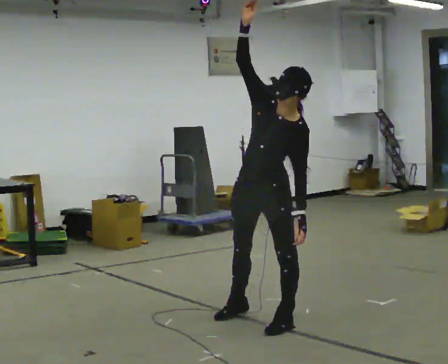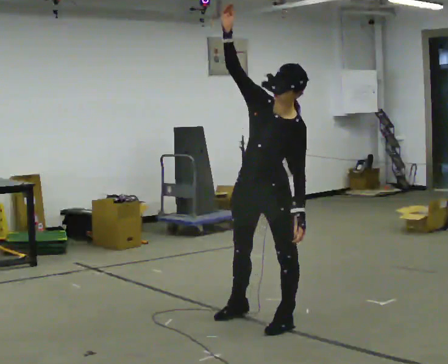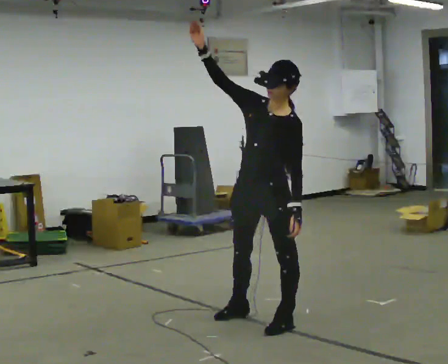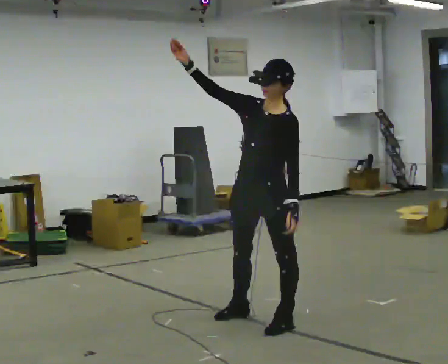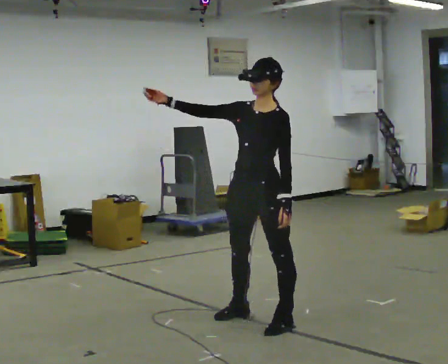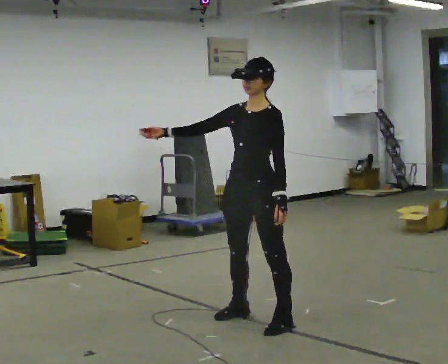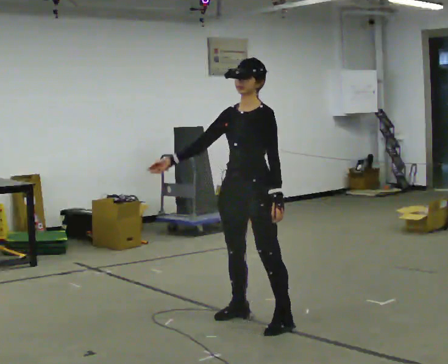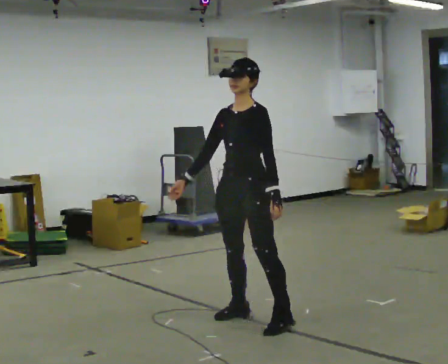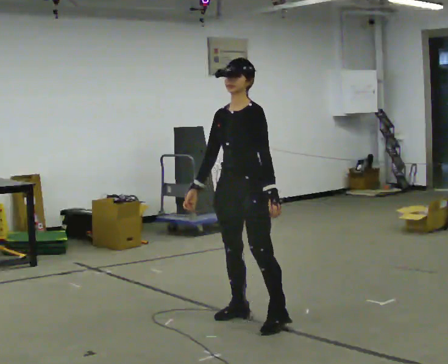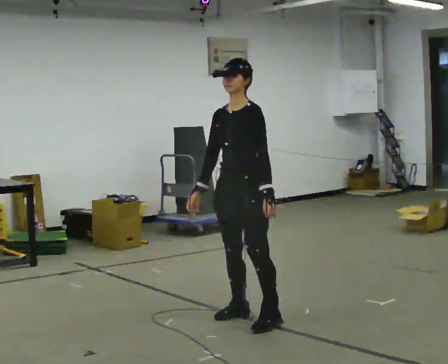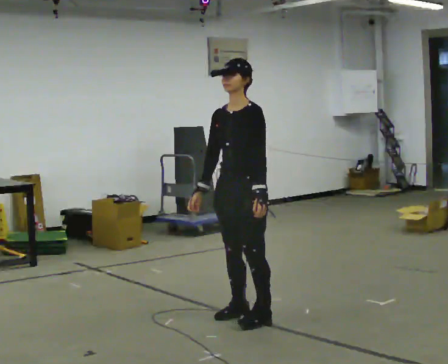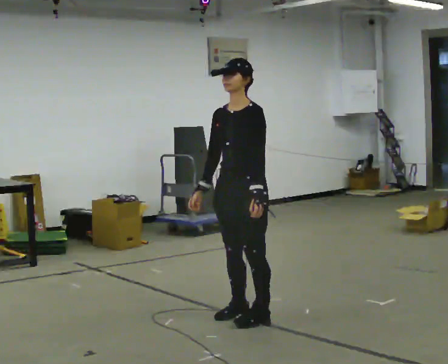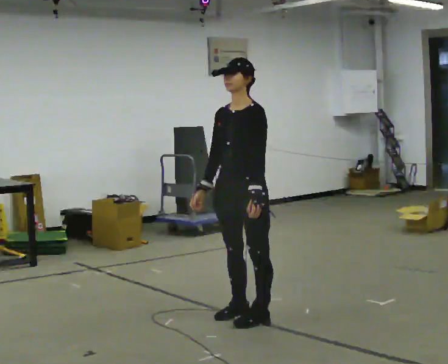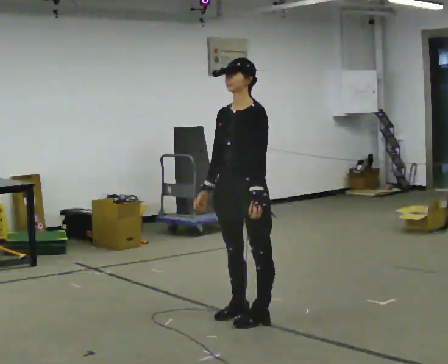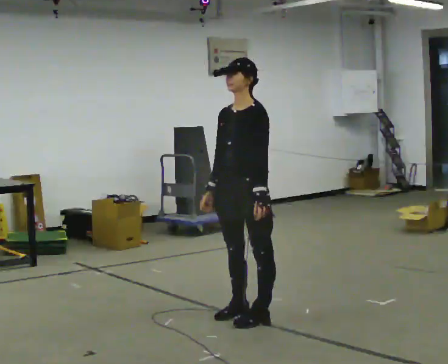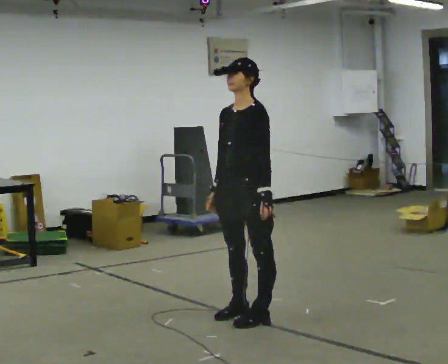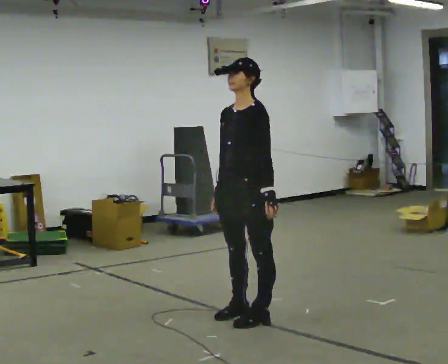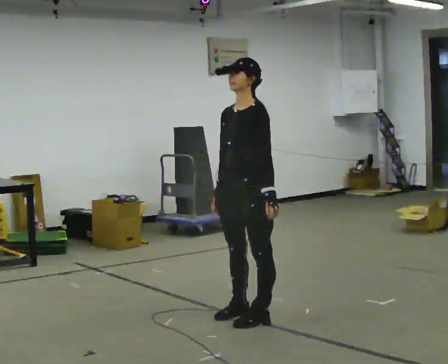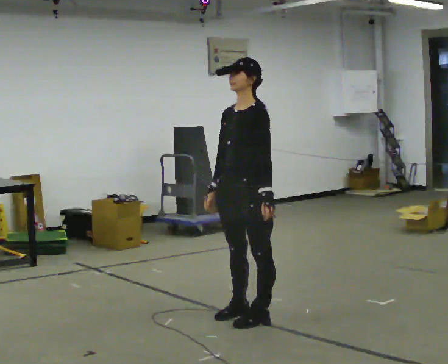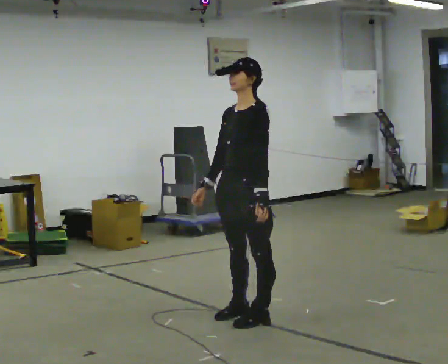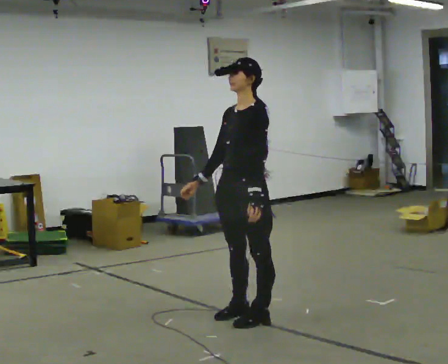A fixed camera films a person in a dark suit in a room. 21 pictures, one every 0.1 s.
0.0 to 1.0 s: The upper body tips away from the camera, its near side rolling upward. In the picture their right hand goes downward, the arm swinging counterclockwise.
1.0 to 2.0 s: The person moves a little, or ends about where they began.
The film runs backward here.
